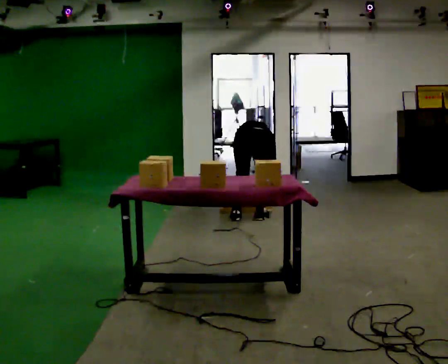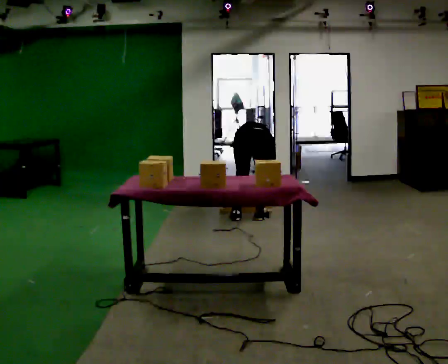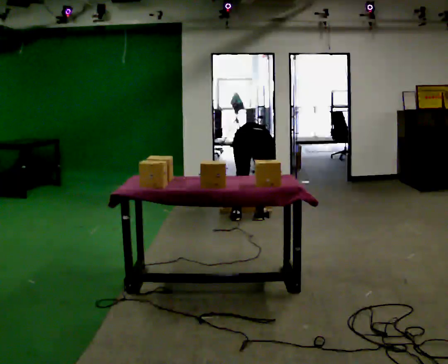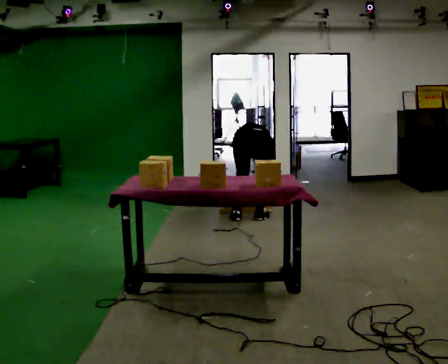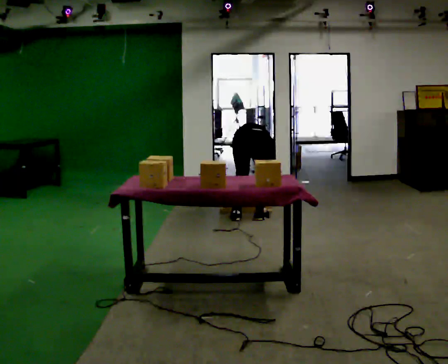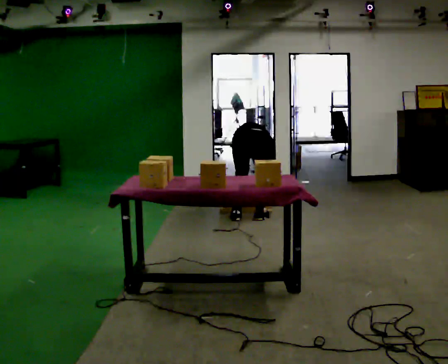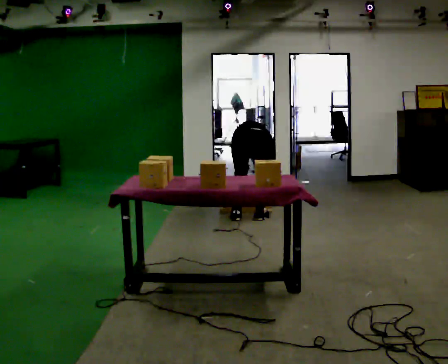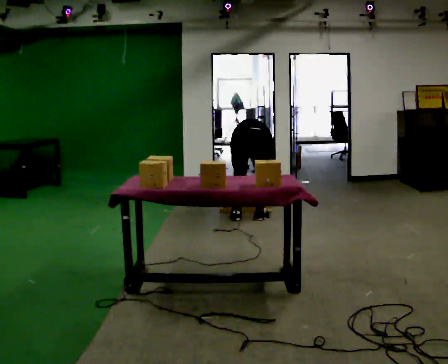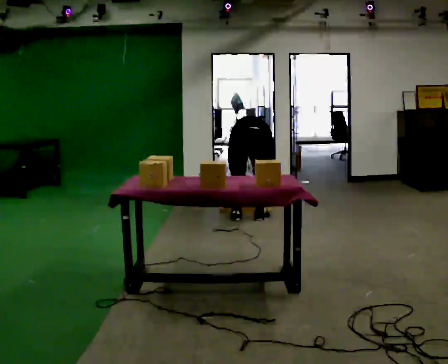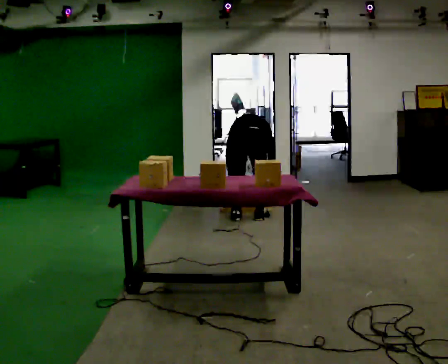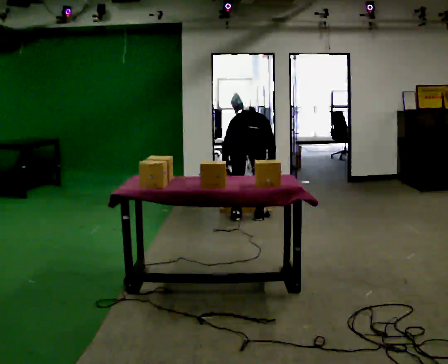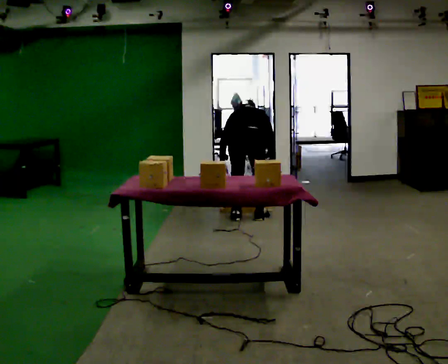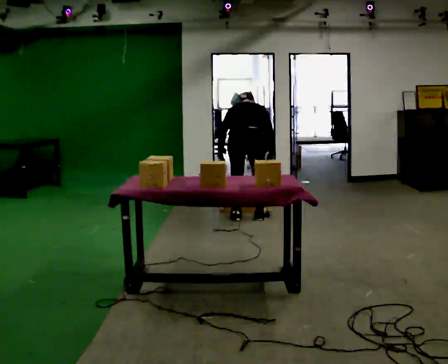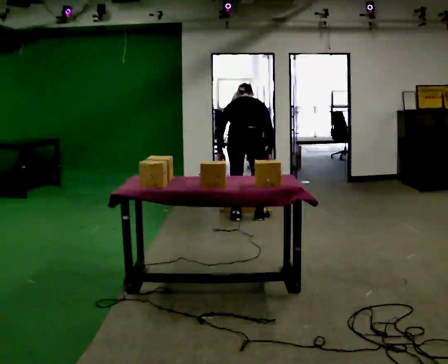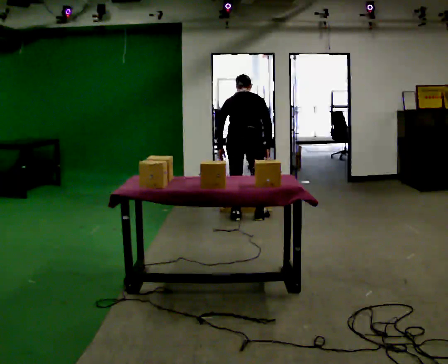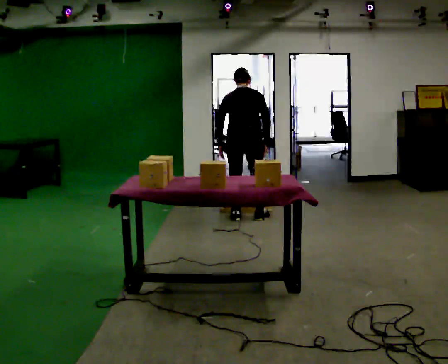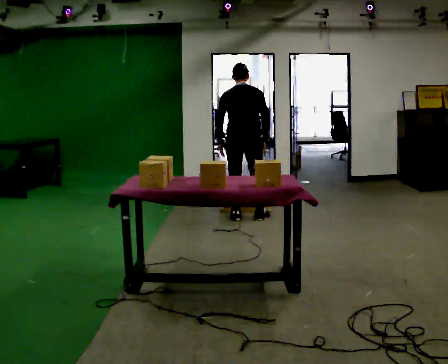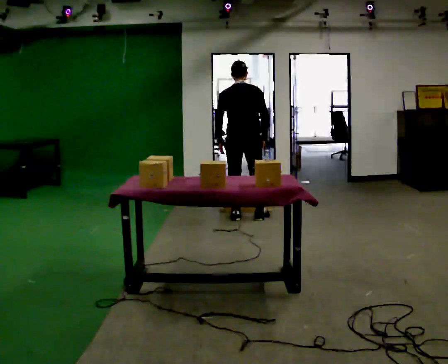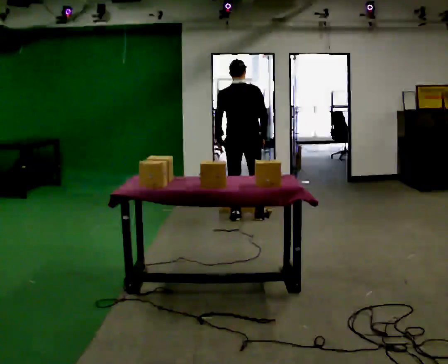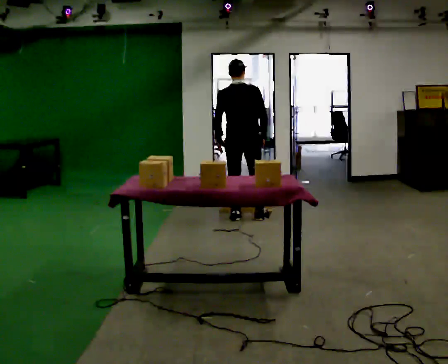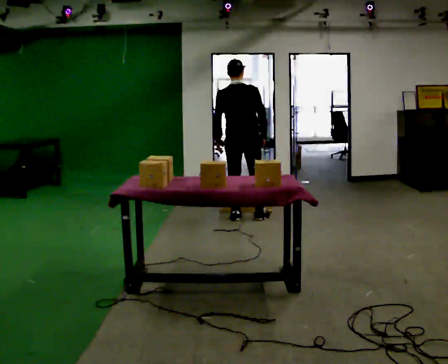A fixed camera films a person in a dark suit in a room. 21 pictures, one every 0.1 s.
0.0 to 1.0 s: The shoulders move upward. The upper body tips toward the camera, its near side rolling downward, as they lean back or straighten.
1.0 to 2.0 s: In the picture they go away from the camera, about 0.25 m, which for them is forward. The shoulders move upward. The upper body tips toward the camera, its near side rolling downward, as they lean back or straighten. In the picture their right hand goes upward.
The film runs forward here.
